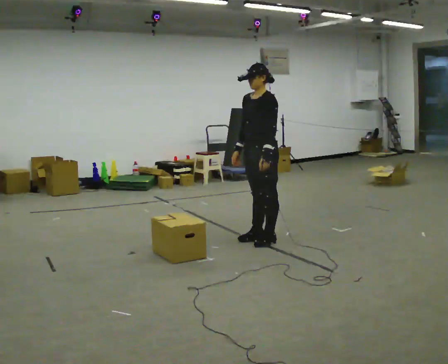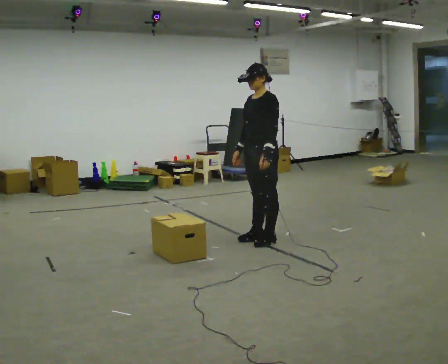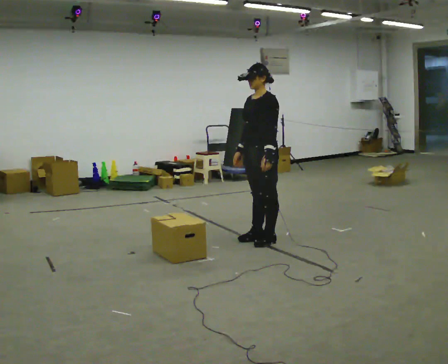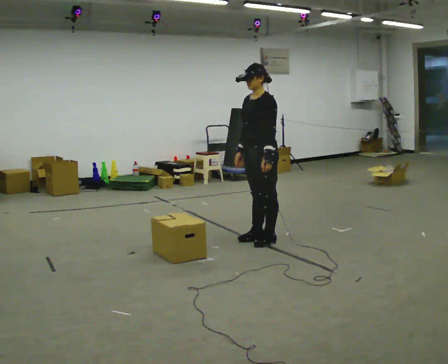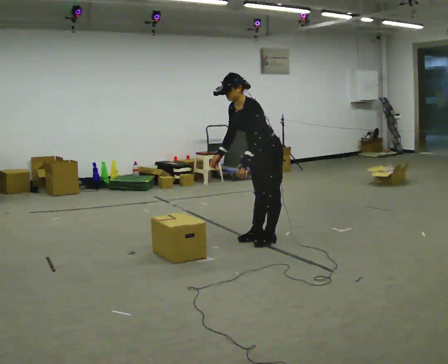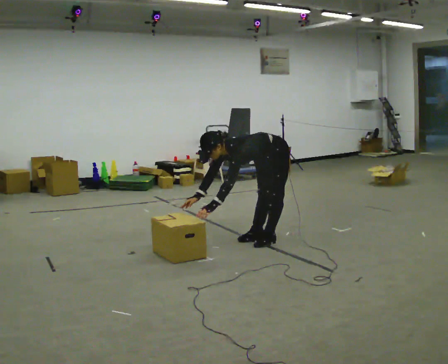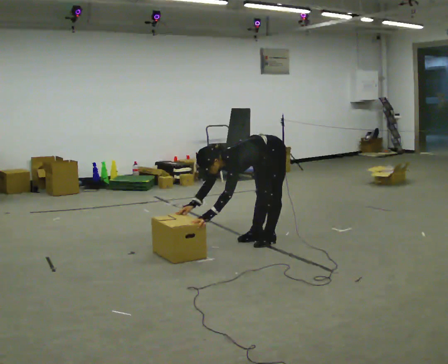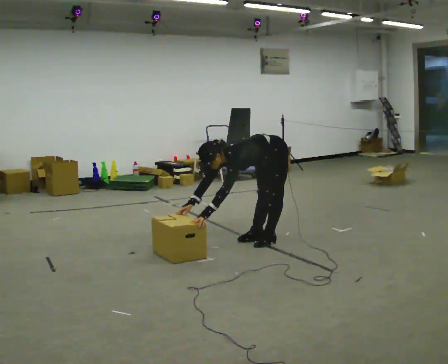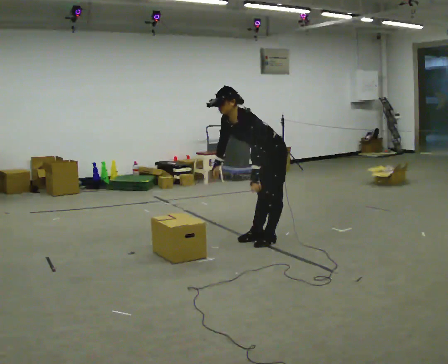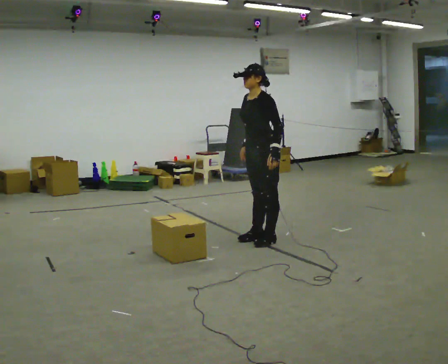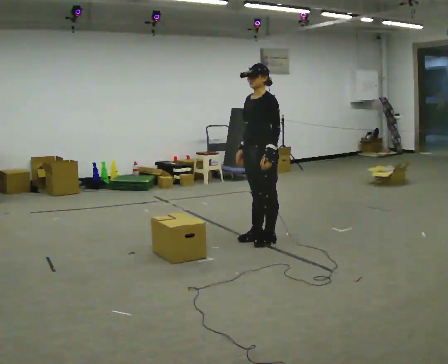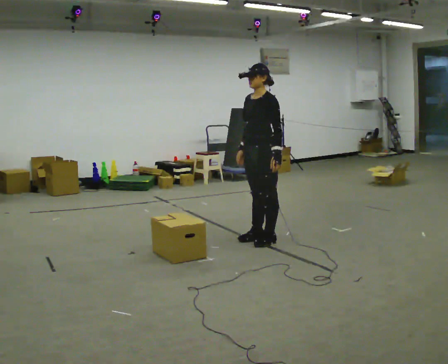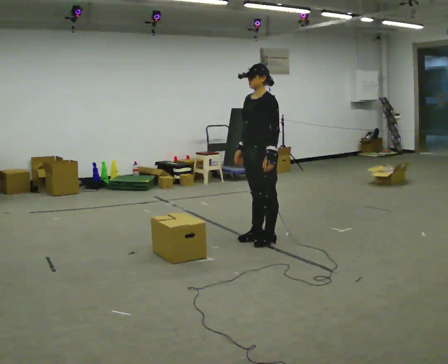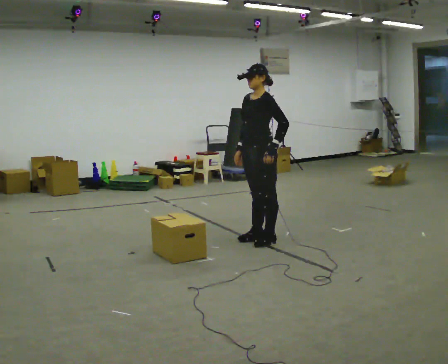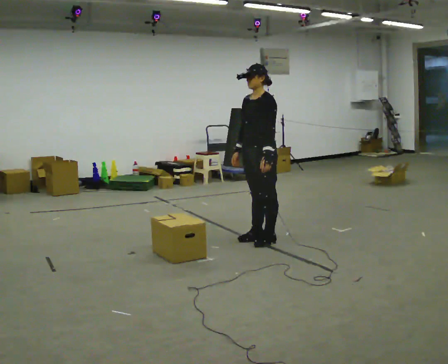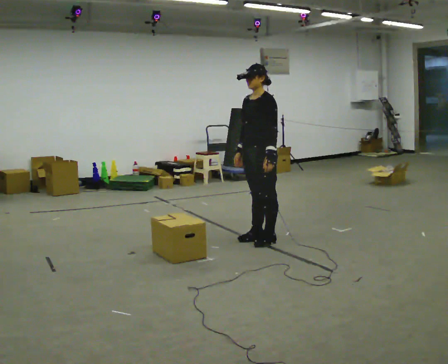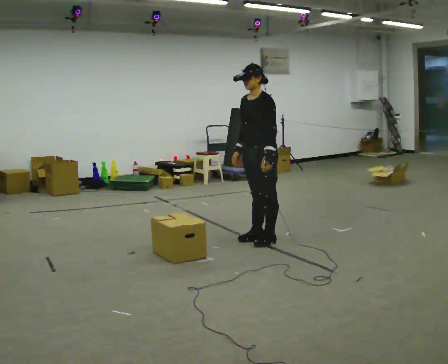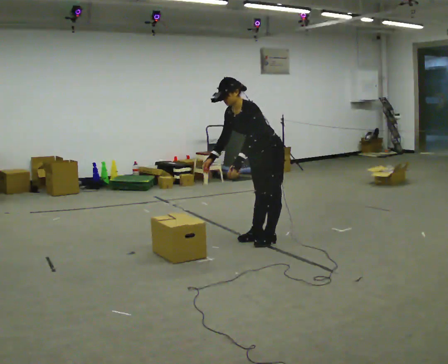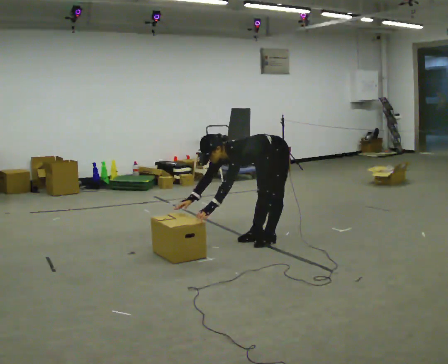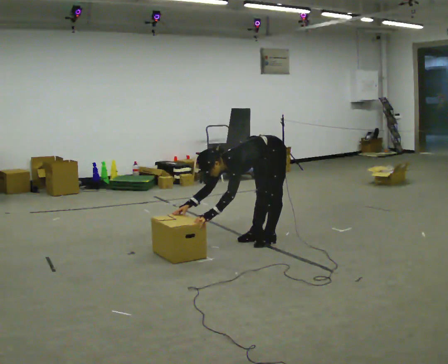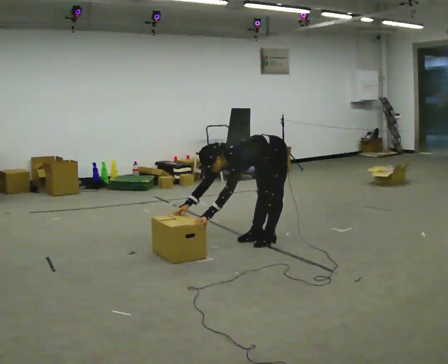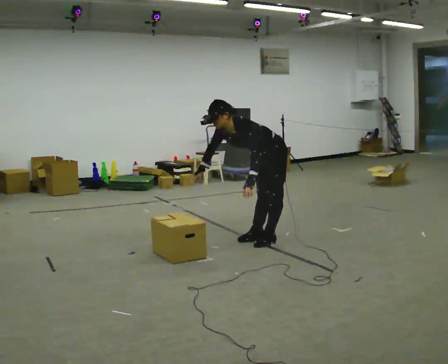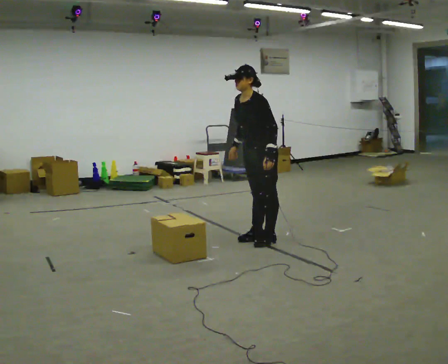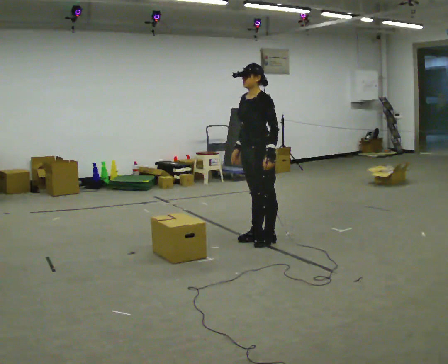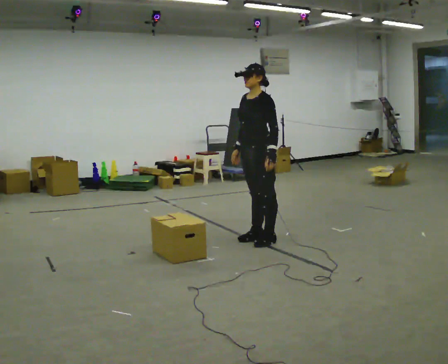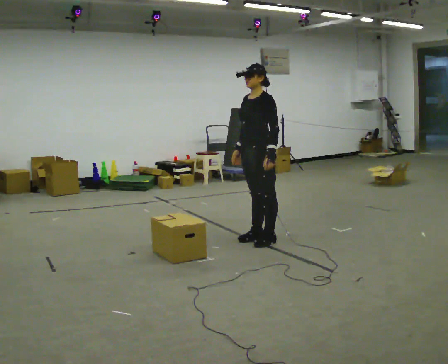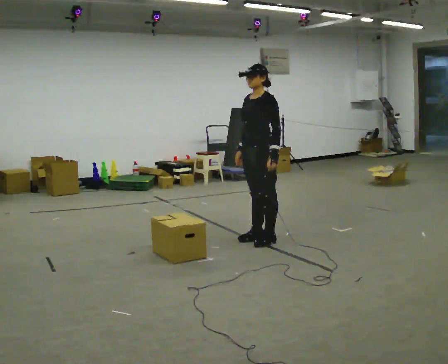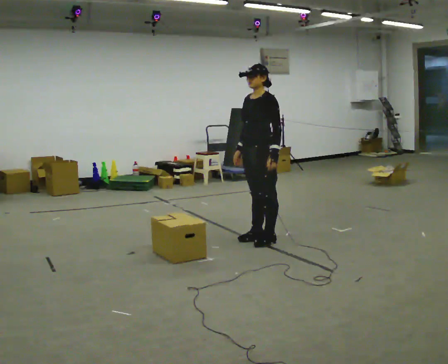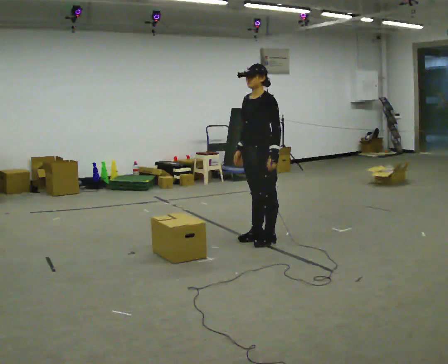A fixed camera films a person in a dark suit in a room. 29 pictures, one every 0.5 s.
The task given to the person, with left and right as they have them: The object is placed just too far away for you to reach. Try to reach it while keeping both feet planted, and step only when you have to. Repeat at your own pace until the operator says stop. Go slowly and only as far as you are comfortable. Step whenever you need to; do not try to hold on longer than feels safe.
0.0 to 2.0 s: In the picture the upper body tilts counterclockwise, shoulders to the left, as they bend forward.
2.0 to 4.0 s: The person moves a little, or ends about where they began.
4.0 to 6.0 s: The upper body goes upward. In the picture the upper body tilts clockwise, shoulders to the right, as they lean back or straighten.
6.0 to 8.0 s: The person moves a little, or ends about where they began.
8.0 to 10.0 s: The upper body goes downward. In the picture the upper body tilts counterclockwise, shoulders to the left, as they bend forward. In the picture their right hand goes downward and to the left.
10.0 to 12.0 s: The upper body goes upward. In the picture the upper body tilts clockwise, shoulders to the right, as they lean back or straighten. In the picture their right hand goes upward and to the right.
12.0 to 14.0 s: The person moves a little, or ends about where they began.
The film runs forward here.
